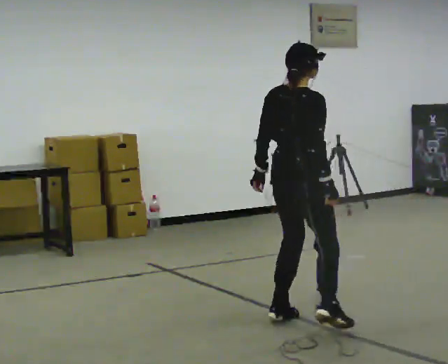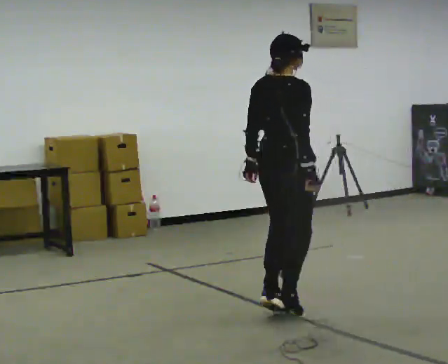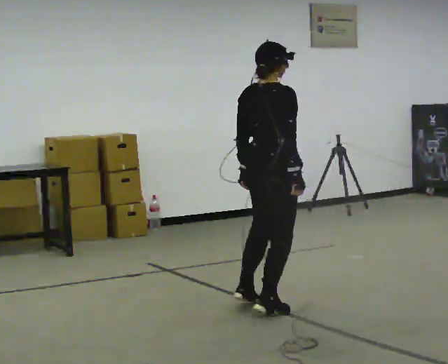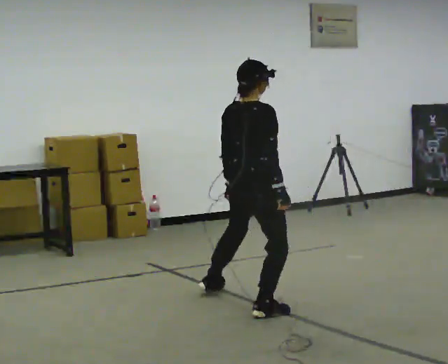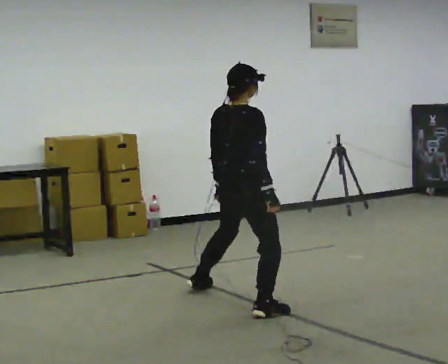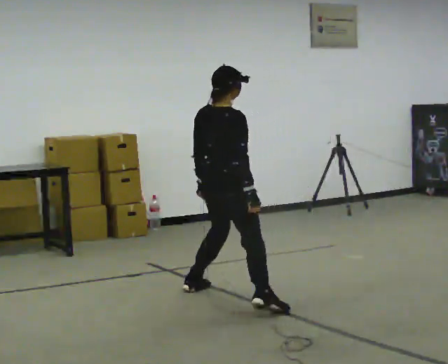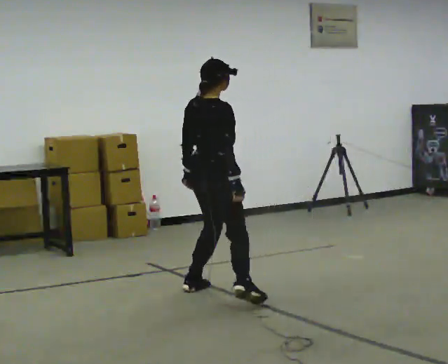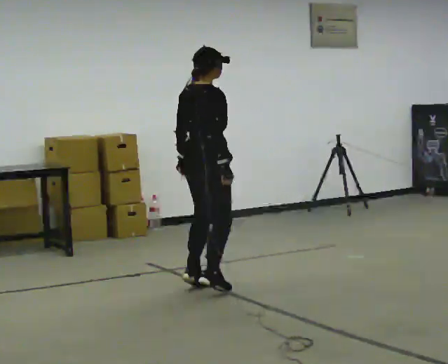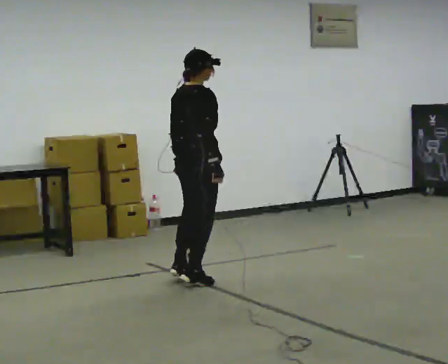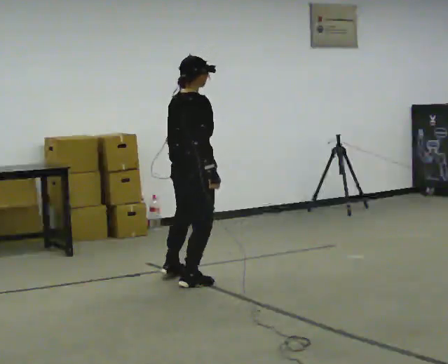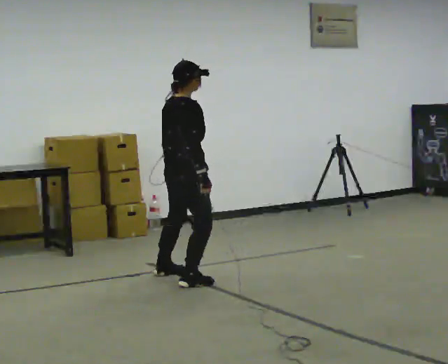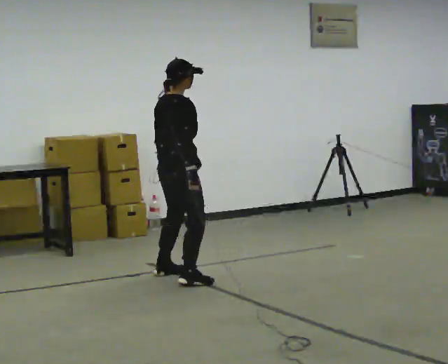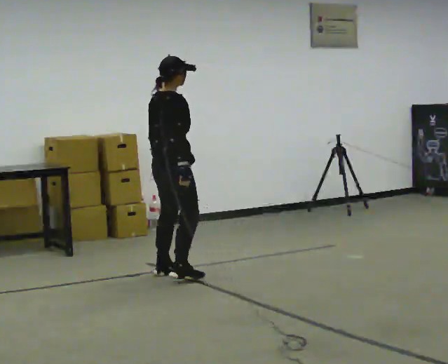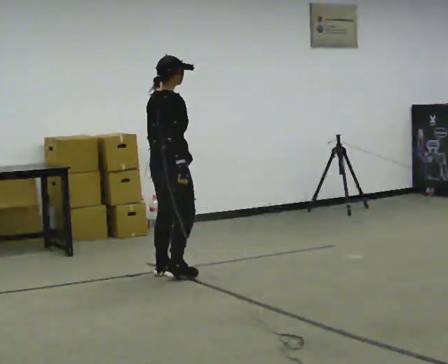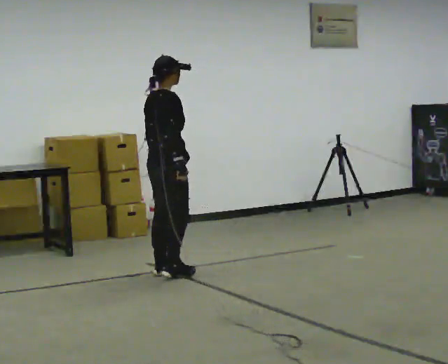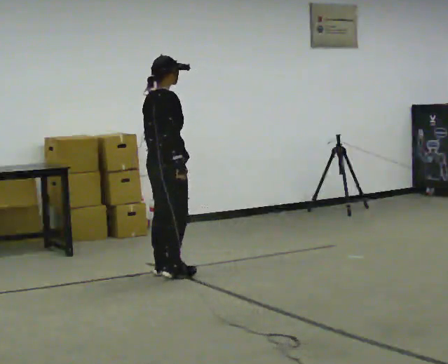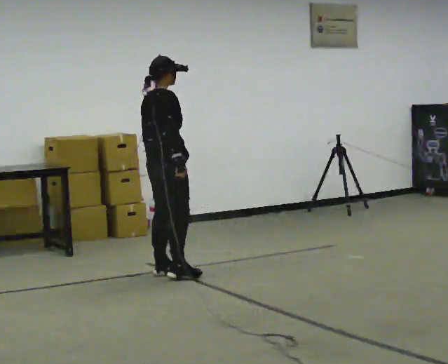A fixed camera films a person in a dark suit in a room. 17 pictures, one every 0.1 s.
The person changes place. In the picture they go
away from the camera.
0.0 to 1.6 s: In the picture they go away from the camera and to the left, about 1.5 m in 5 steps, which for them is to their left.
The film runs forward here.
